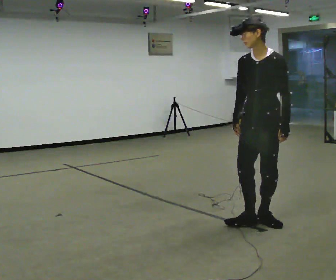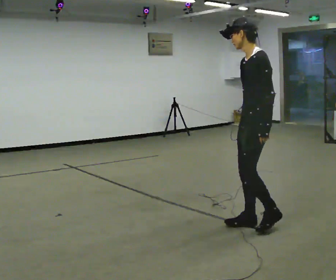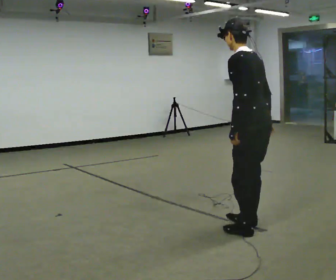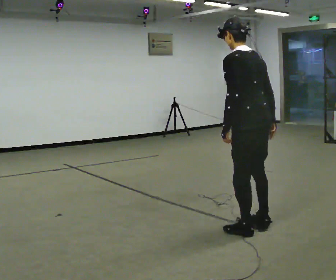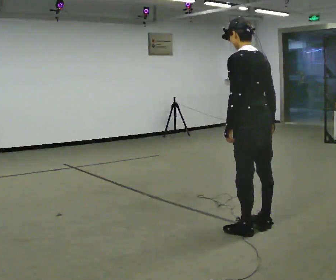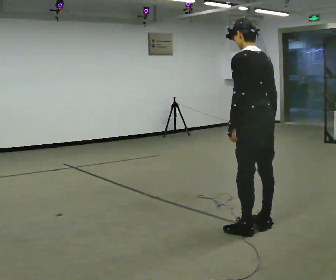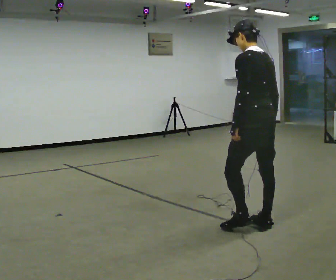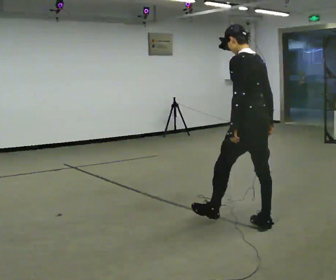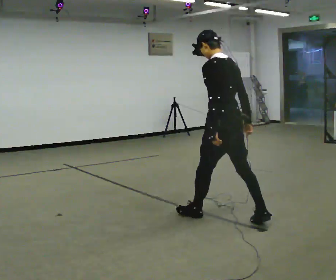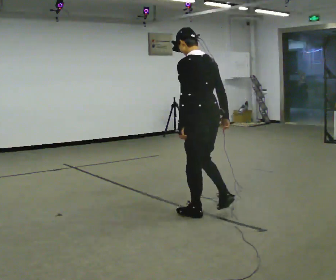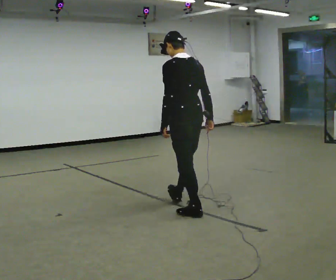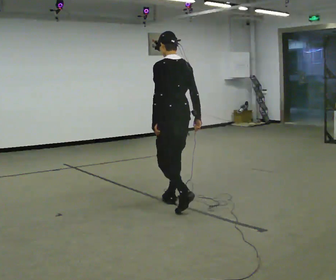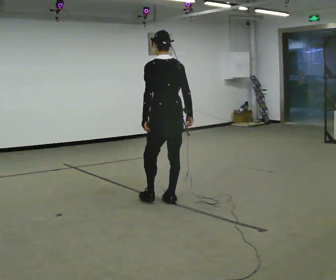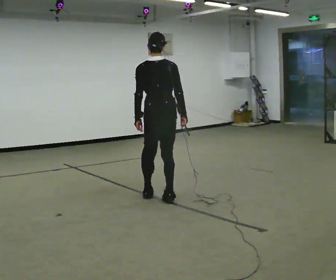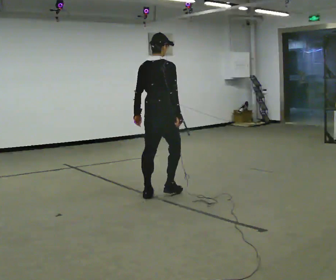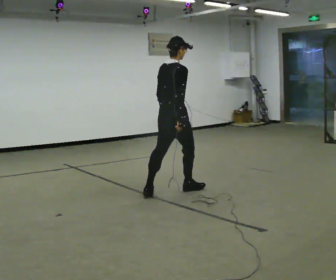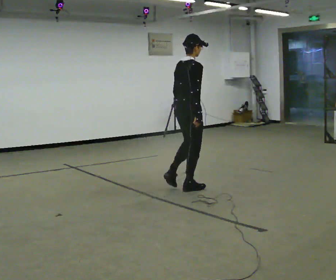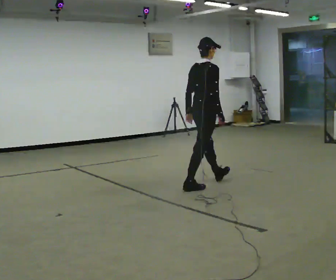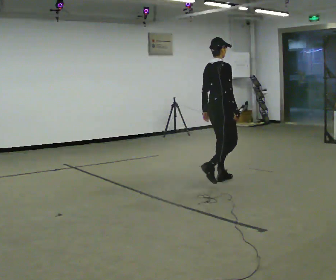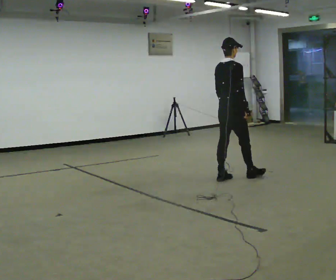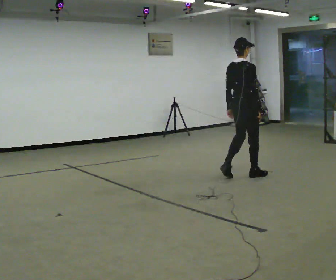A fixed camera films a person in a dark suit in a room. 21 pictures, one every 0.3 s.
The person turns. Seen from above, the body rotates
clockwise.
The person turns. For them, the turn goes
to their right.
0.0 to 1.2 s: The person turns about 105 degrees to their right, clockwise seen from above, so the part of the body nearest the lens slides to the left. In the picture their right hand goes to the right, the arm swinging counterclockwise.
1.2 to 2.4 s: In the picture they go away from the camera and to the left, about 0.25 m in 1 step, which for them is forward.
2.4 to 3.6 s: In the picture they go away from the camera and to the left, about 1 m in 1 step, which for them is forward.
3.6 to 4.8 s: Seen from above the body turns clockwise, about 75 degrees: to their right, with its near side sliding to the left. In the picture they go away from the camera and to the right, about 0.5 m in 2 steps.
4.8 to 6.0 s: In the picture they go to the right and away from the camera, about 1 m in 2 steps, which for them is forward.
The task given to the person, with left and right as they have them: Walk; turn 90° left/right; walk several steps; stop.
The film runs forward here.
